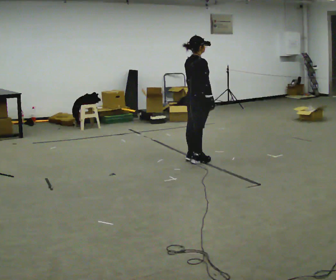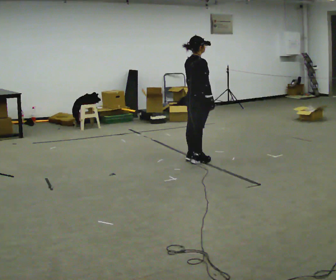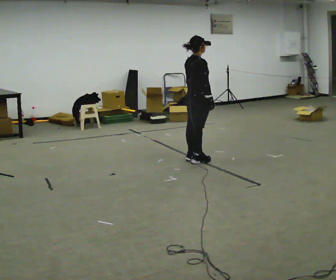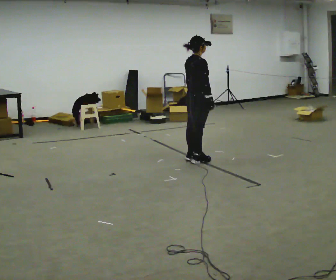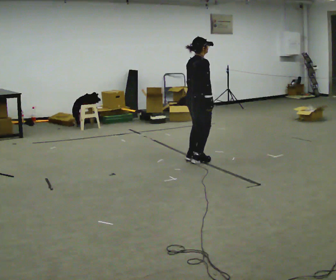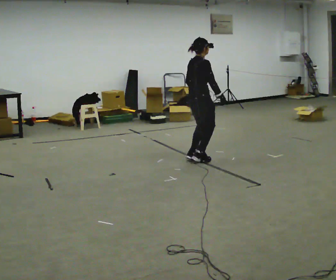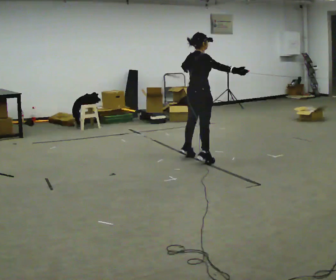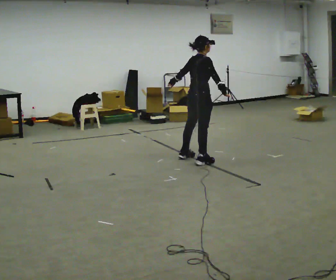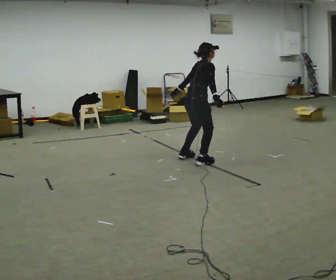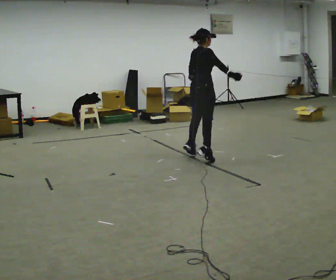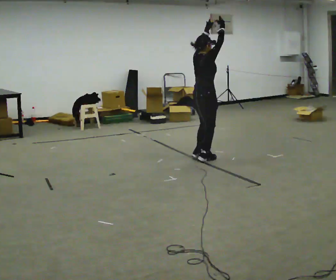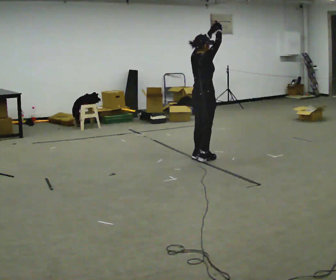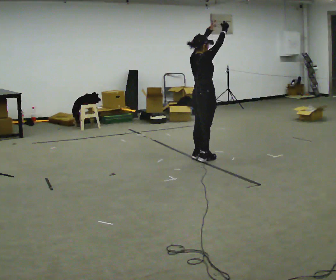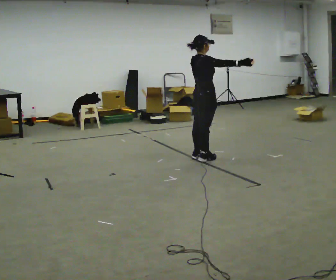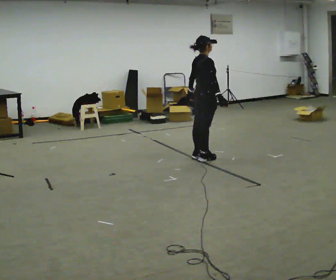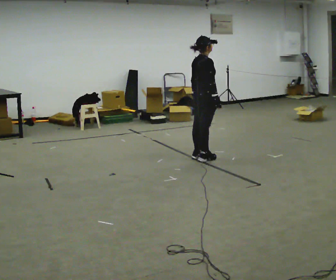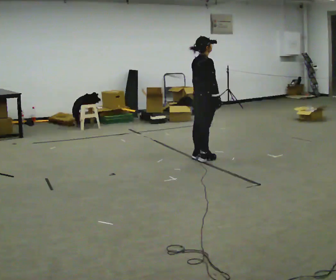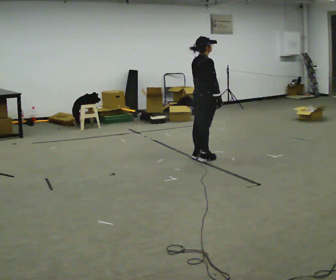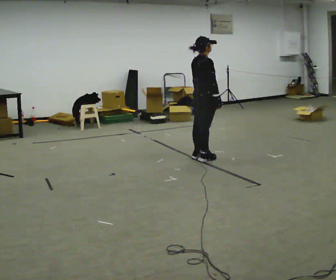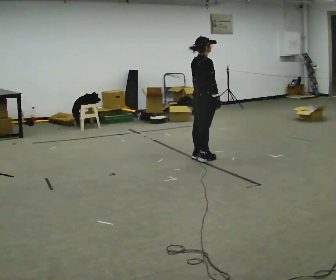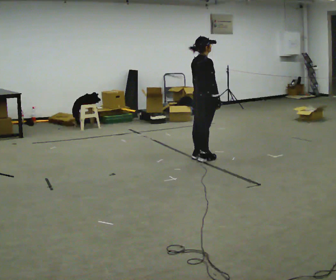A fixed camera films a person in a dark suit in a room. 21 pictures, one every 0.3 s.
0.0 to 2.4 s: In the picture the upper body tilts clockwise, shoulders to the right, as they bend forward.
2.4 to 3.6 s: In the picture the upper body tilts counterclockwise, shoulders to the left, as they lean back or straighten. In the picture their right hand goes upward, the arm swinging counterclockwise.
3.6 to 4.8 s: In the picture their right hand goes downward, the arm swinging clockwise.
4.8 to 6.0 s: The person moves a little, or ends about where they began.
The film runs forward here.
